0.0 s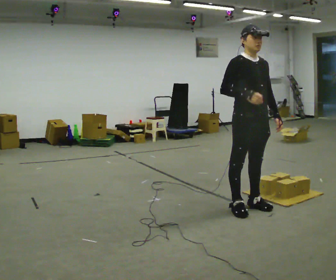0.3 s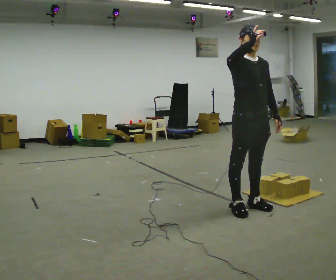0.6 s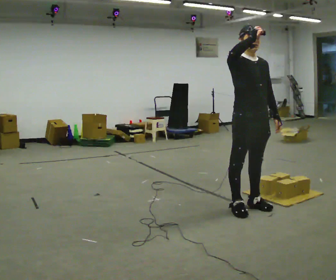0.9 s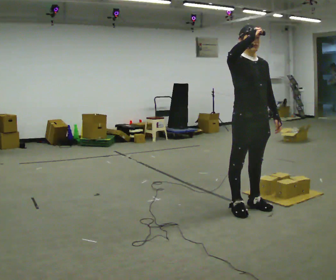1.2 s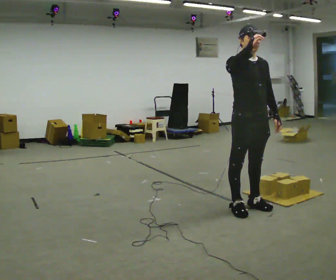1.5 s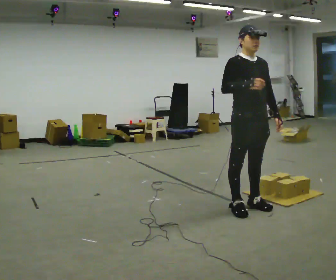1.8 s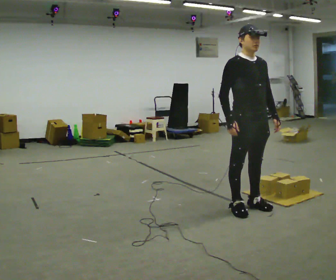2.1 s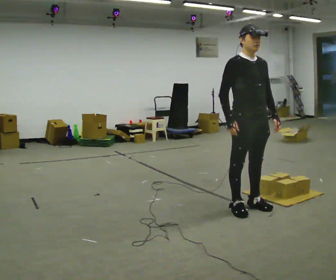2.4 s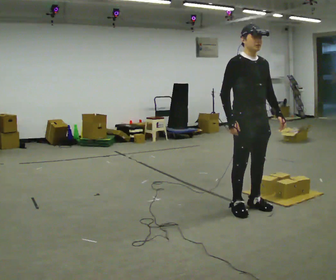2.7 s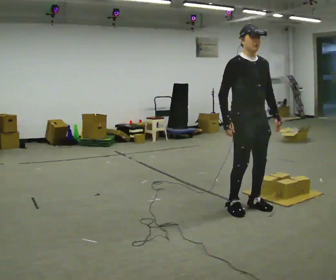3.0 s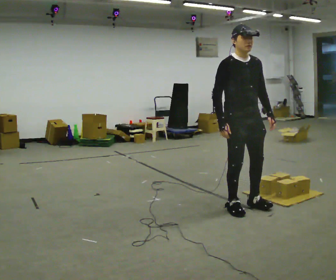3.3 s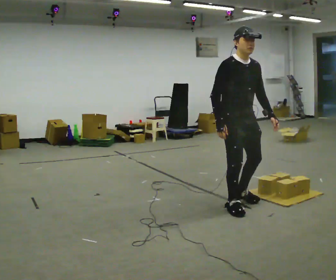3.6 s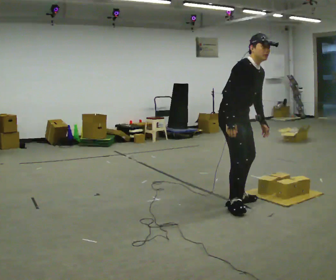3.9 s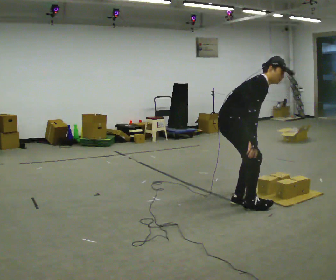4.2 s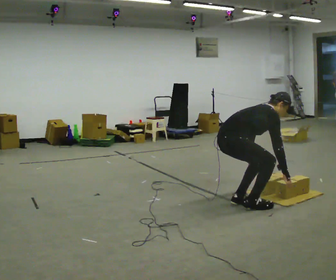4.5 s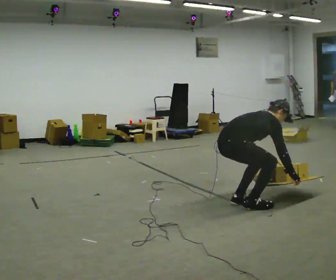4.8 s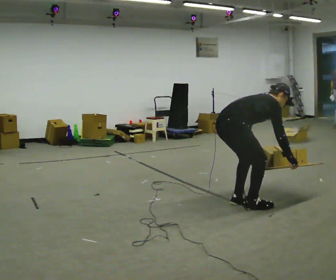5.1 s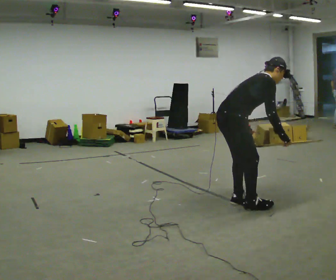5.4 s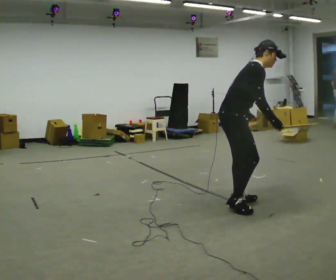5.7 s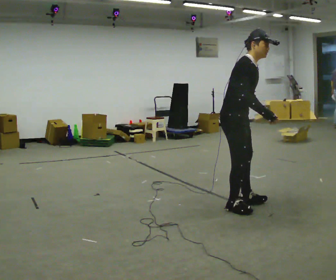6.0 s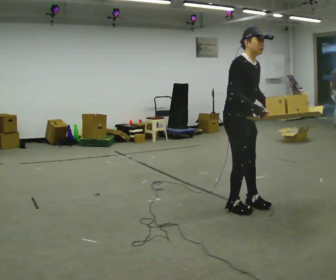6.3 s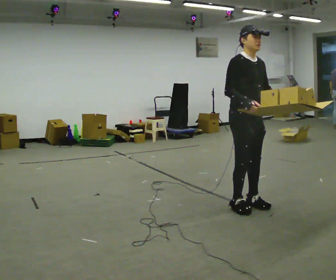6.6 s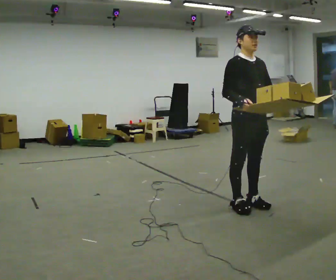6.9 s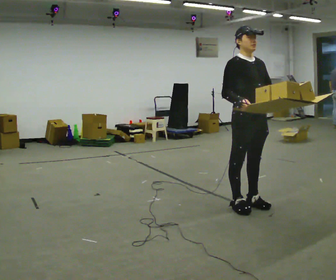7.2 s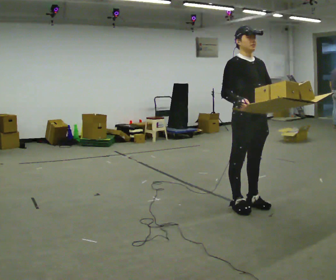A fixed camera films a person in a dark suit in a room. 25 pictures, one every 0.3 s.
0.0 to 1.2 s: In the picture their right hand goes upward.
1.2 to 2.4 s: In the picture their right hand goes downward.
2.4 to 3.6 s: The person moves a little, or ends about where they began.
3.6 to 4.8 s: Seen from above the body turns counterclockwise, about 75 degrees: to their left, with its near side sliding to the right. The upper body goes downward. In the picture the upper body tilts clockwise, shoulders to the right, as they bend forward. In the picture their left hand goes downward, the arm swinging clockwise.
4.8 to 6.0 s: Seen from above the body turns clockwise, about 45 degrees: to their right, with its near side sliding to the left. The upper body goes upward. The upper body tips toward the camera, its near side rolling downward, as they lean back or straighten. In the picture their left hand goes upward.
6.0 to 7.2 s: Seen from above the body turns clockwise, about 30 degrees: to their right, with its near side sliding to the left. In the picture the upper body tilts counterclockwise, shoulders to the left, as they lean back or straighten.
The film runs backward here.
